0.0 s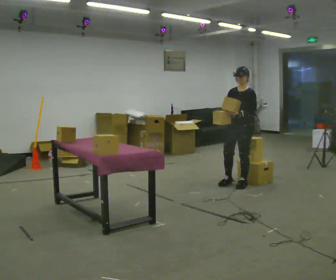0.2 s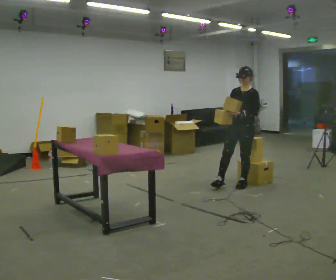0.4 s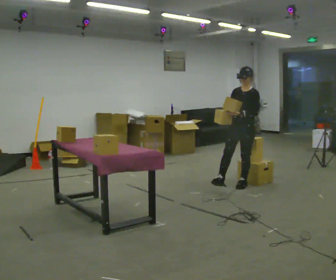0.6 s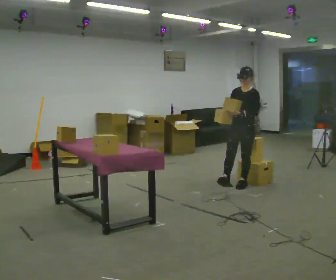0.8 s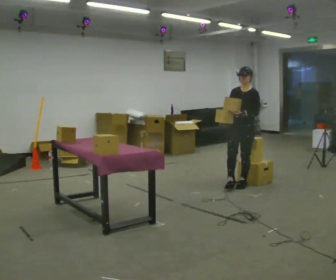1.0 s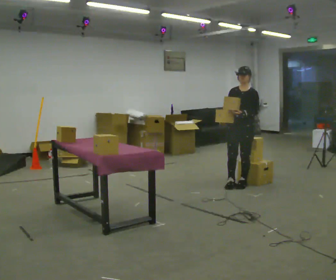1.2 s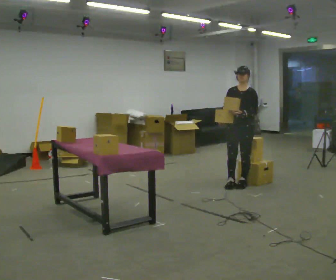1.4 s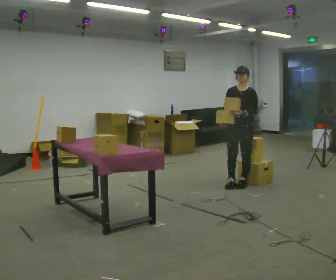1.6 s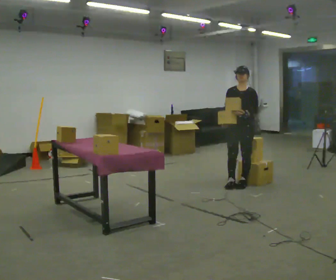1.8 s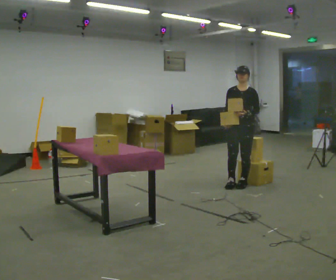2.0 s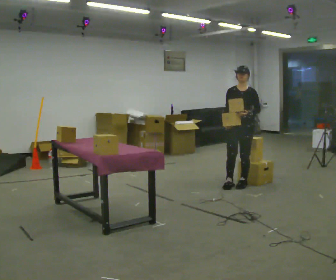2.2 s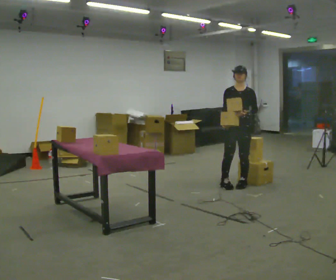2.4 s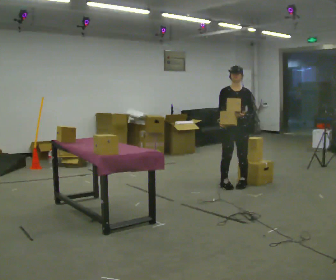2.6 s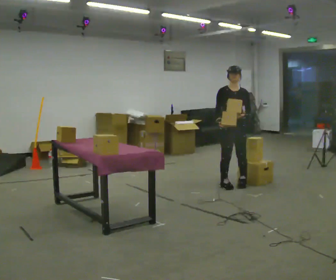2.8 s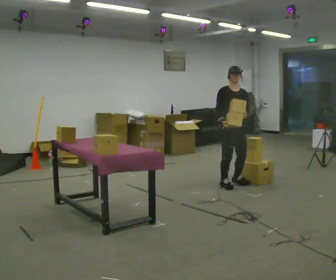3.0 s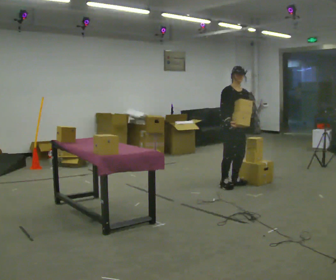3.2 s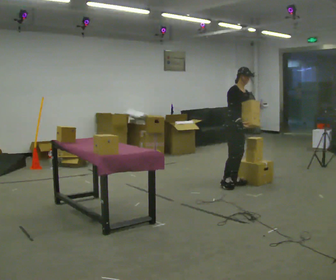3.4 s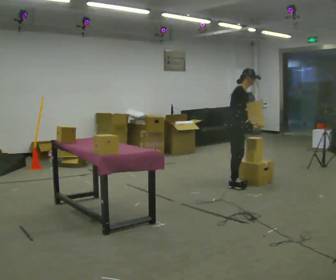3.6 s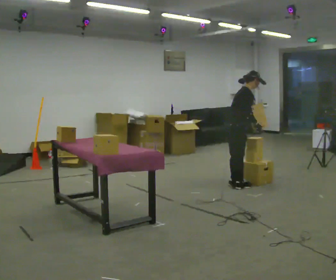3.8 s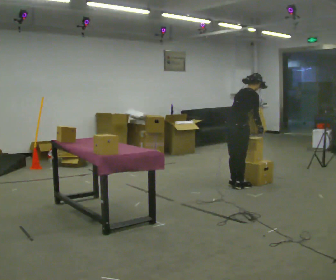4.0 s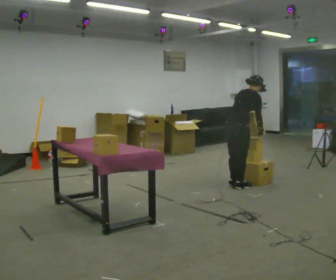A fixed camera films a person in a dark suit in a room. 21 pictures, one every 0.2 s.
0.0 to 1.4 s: The person moves a little, or ends about where they began.
1.4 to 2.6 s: The part of the body nearest the lens slides to the right as the person turns to their left by about 30 degrees.
2.6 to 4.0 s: Seen from above the body turns counterclockwise, about 120 degrees: to their left, with its near side sliding to the right. In the picture the upper body tilts clockwise, shoulders to the right, as they bend forward. In the picture their right hand goes to the right, the arm swinging counterclockwise.
The film runs backward here.
